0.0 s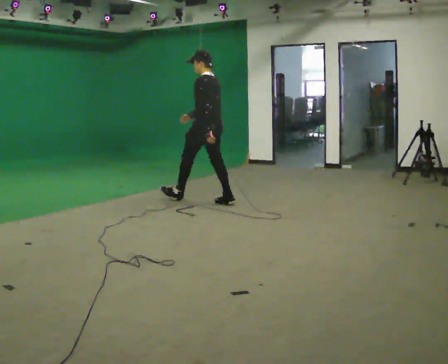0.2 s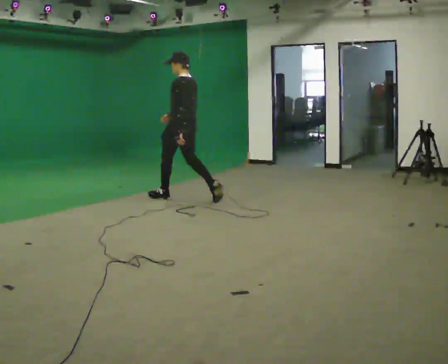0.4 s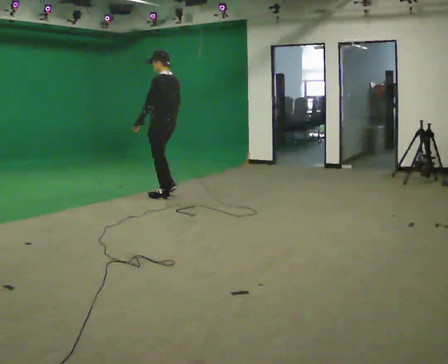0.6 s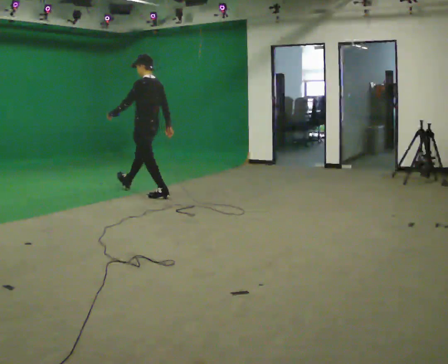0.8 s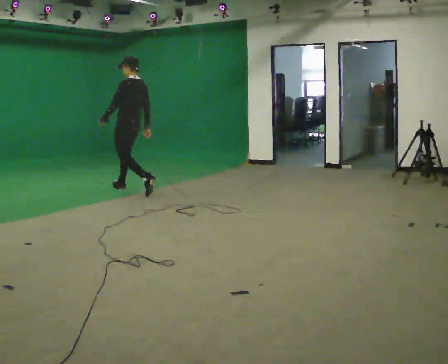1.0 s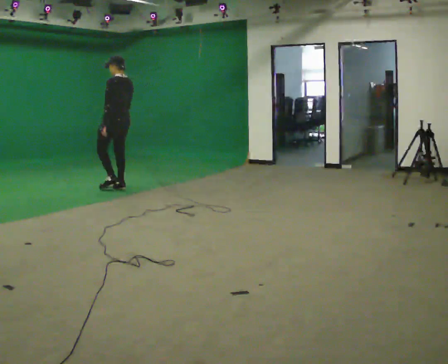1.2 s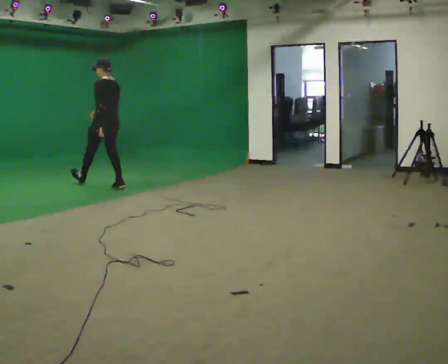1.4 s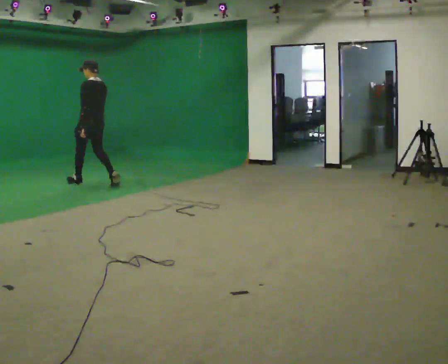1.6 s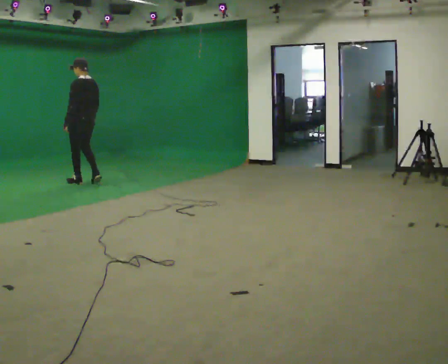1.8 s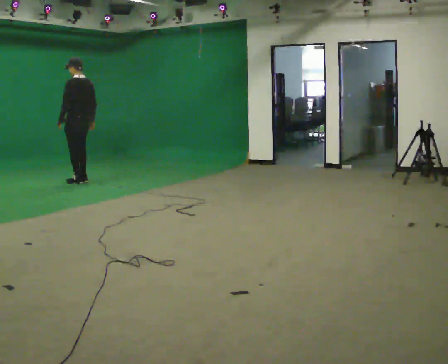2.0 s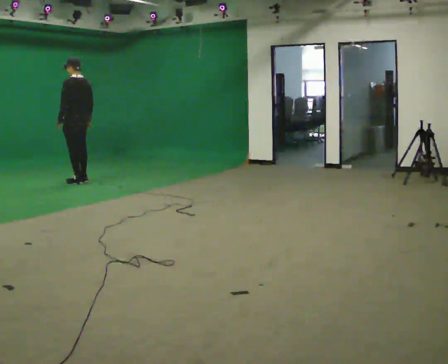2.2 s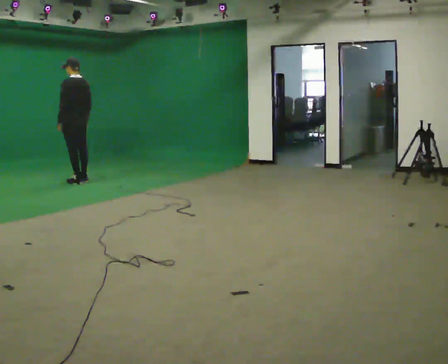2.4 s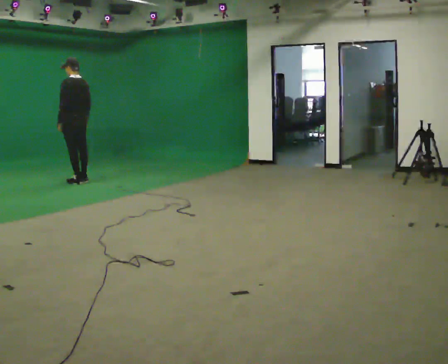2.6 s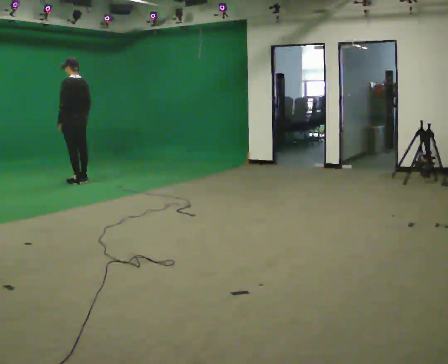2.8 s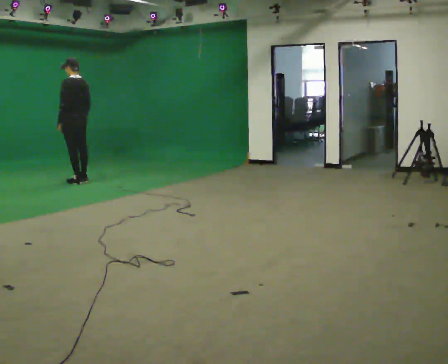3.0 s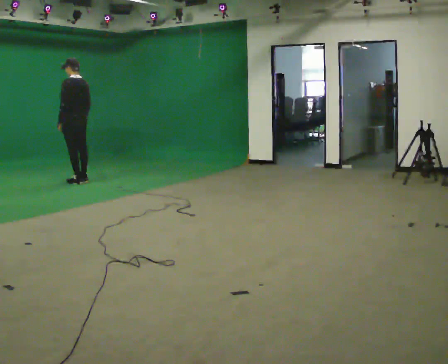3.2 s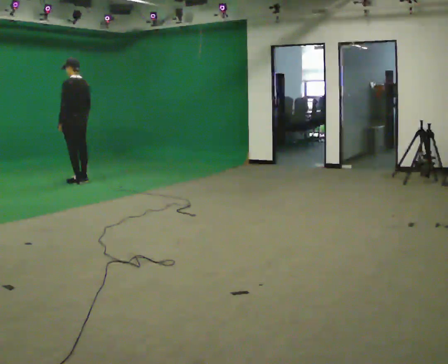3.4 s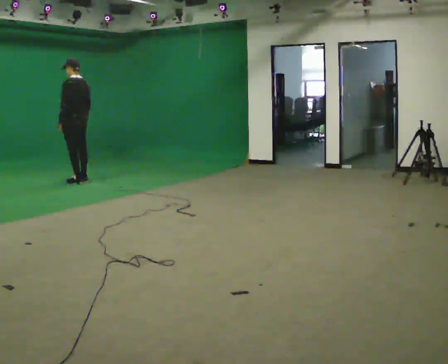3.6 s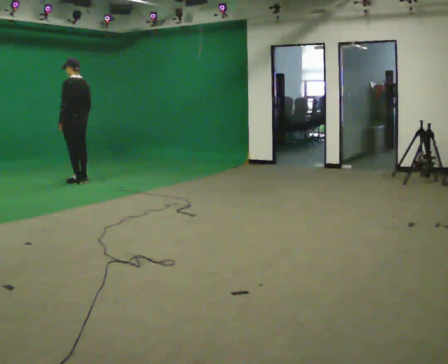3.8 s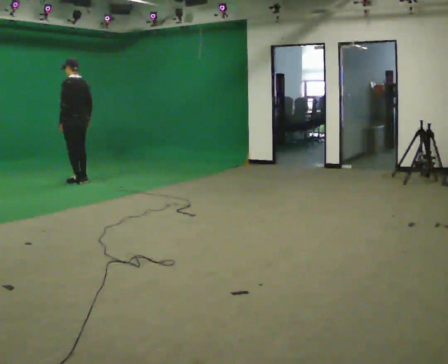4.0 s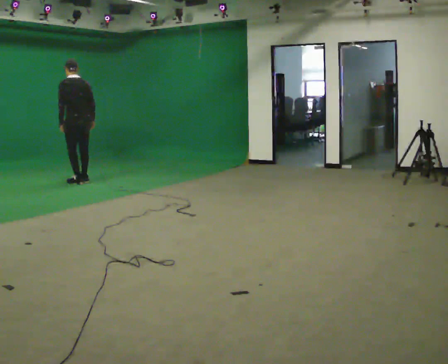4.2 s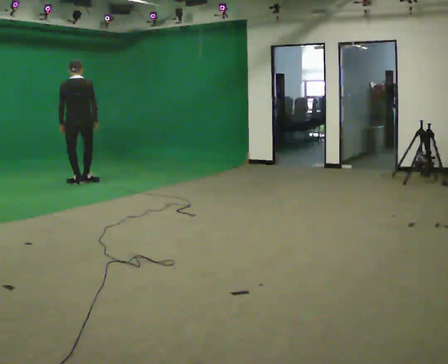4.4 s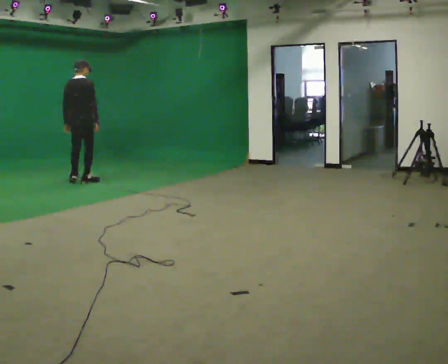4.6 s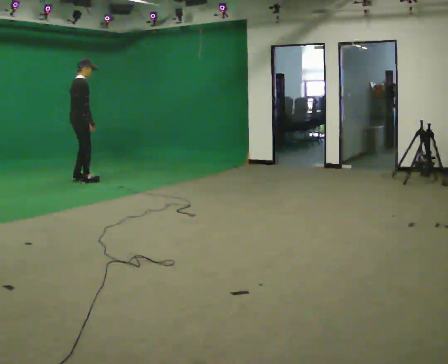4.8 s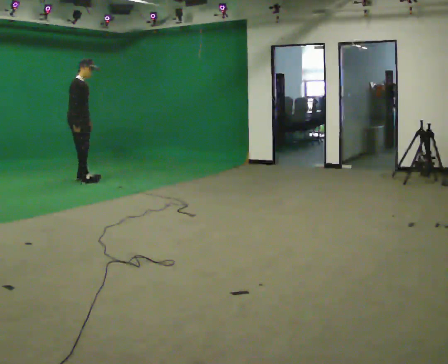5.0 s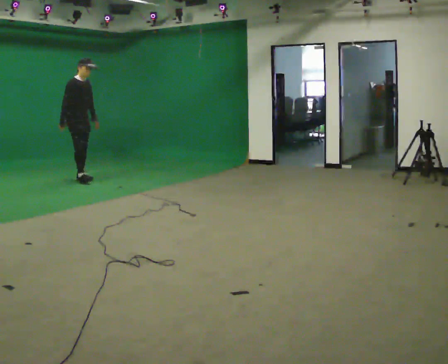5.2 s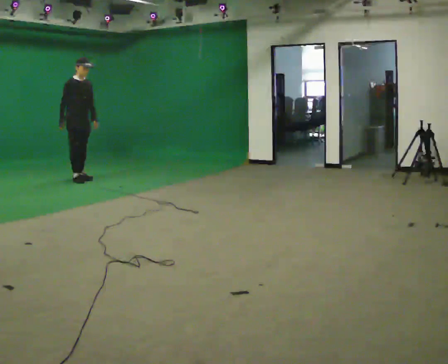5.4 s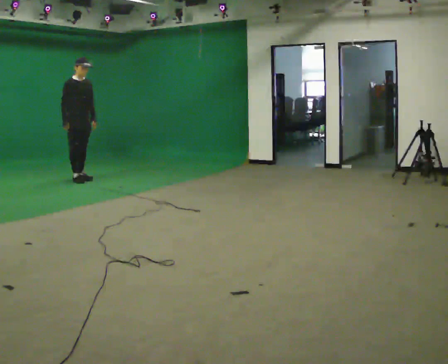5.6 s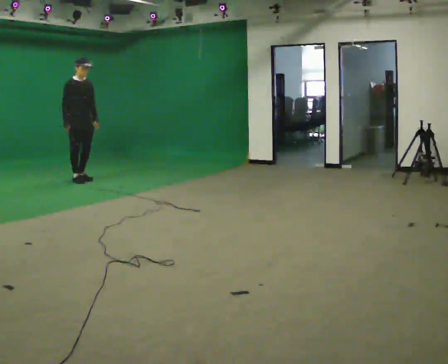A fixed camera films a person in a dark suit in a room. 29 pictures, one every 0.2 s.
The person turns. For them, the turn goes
to their right.
The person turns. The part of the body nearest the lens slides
to the left.
0.0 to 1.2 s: In the picture they go away from the camera and to the left, about 1.5 m in 2 steps, which for them is forward.
1.2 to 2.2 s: In the picture they go to the left and away from the camera, about 0.5 m in 2 steps, which for them is forward.
2.2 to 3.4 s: The person moves a little, or ends about where they began.
3.4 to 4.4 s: The part of the body nearest the lens slides to the left as the person turns to their right by about 90 degrees.
4.4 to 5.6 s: The part of the body nearest the lens slides to the left as the person turns to their right by about 105 degrees. In the picture their left hand goes to the right.
The film runs forward here.
